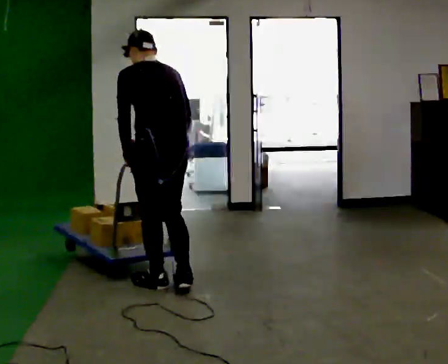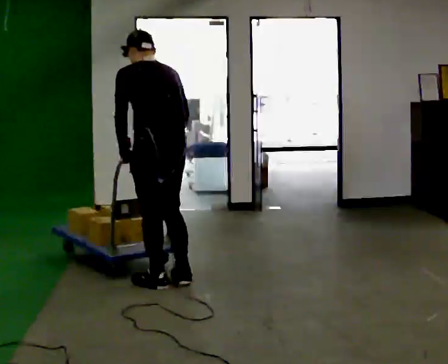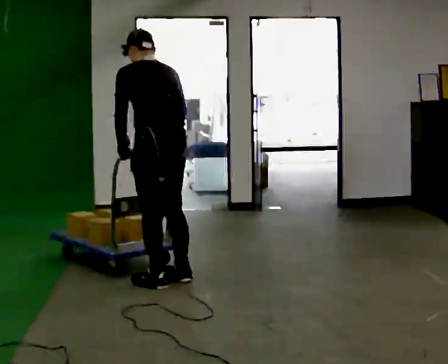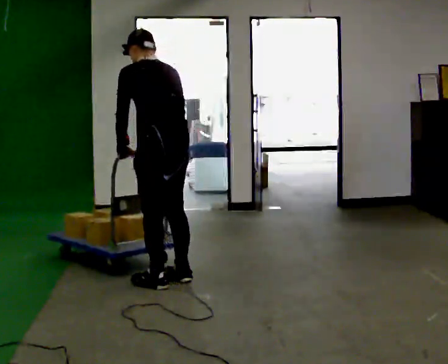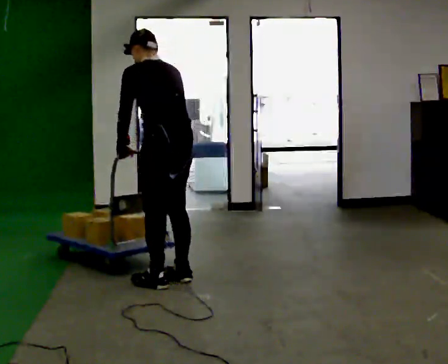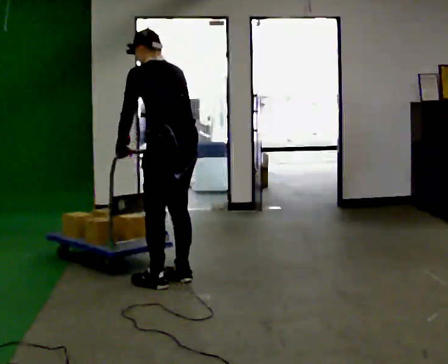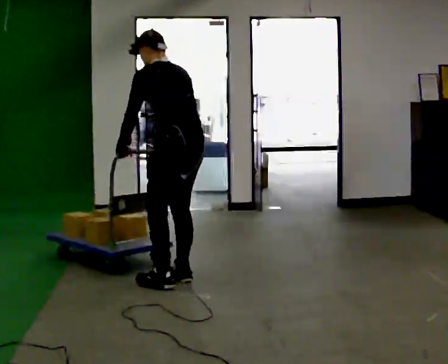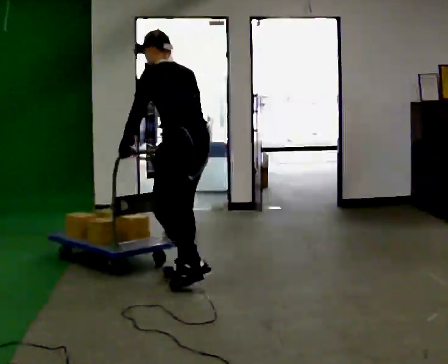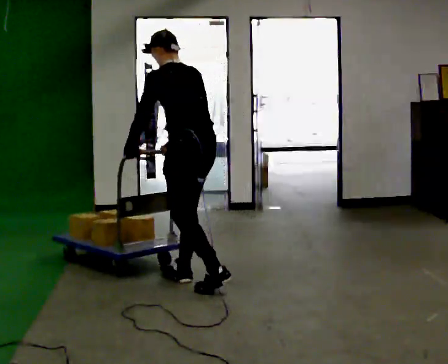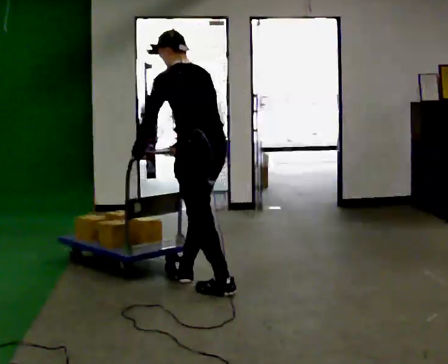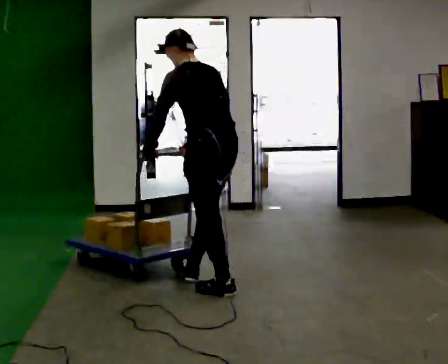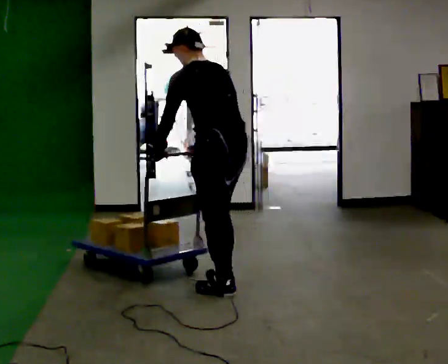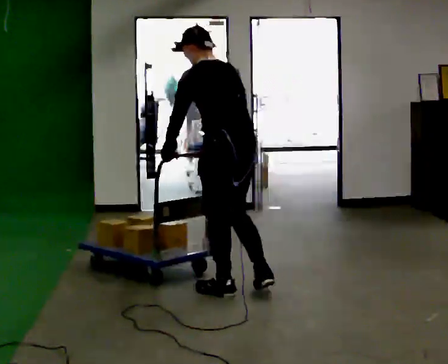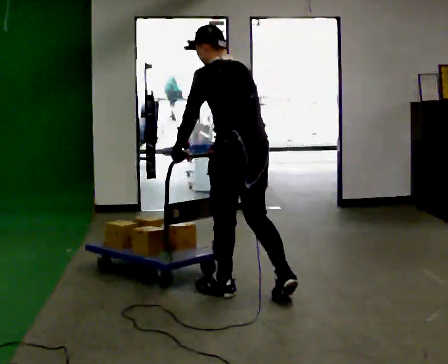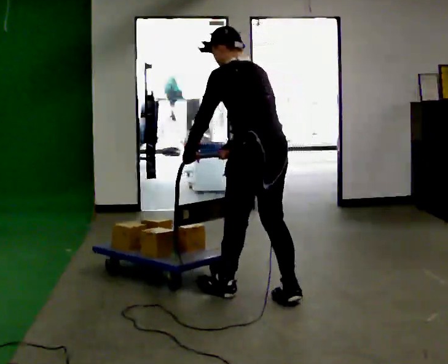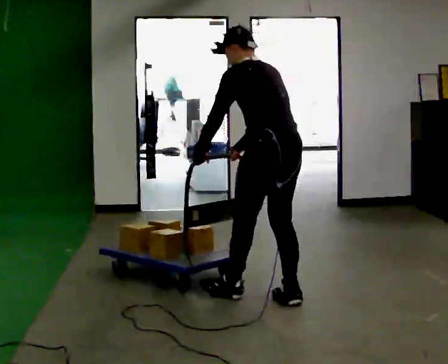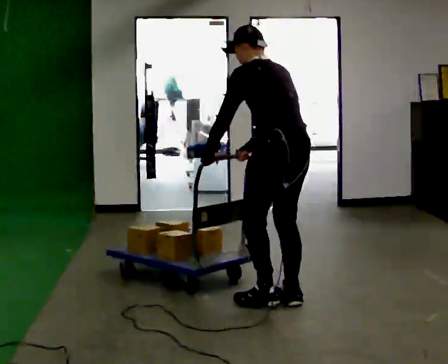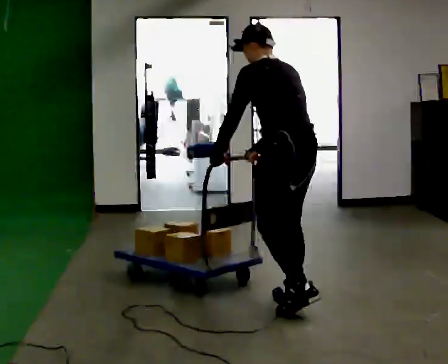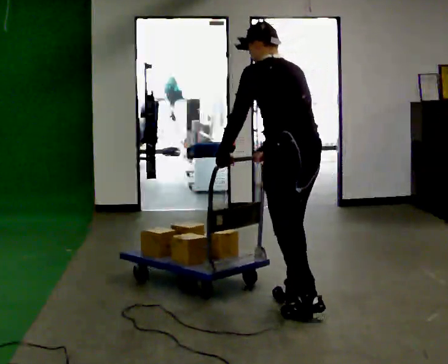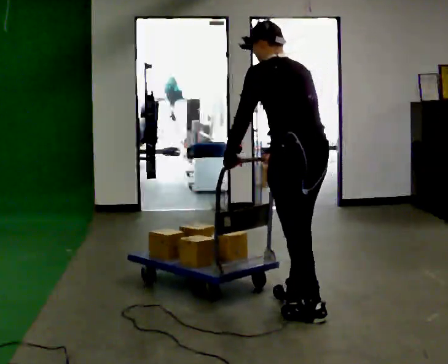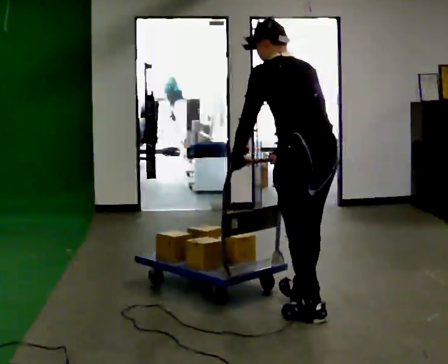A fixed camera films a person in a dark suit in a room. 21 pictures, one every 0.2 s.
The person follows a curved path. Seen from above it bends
clockwise.
0.0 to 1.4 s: In the picture they go away from the camera, about 0.25 m in 1 step, which for them is to their right.
1.4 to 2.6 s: In the picture they go toward the camera and to the right, about 0.5 m in 1 step, which for them is backward.
2.6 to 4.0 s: In the picture they go toward the camera and to the right, about 0.5 m in 2 steps, which for them is backward.
The film runs backward here.
